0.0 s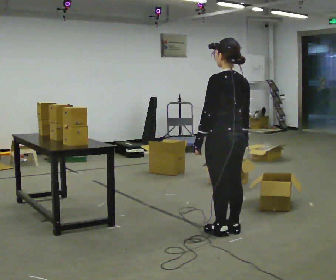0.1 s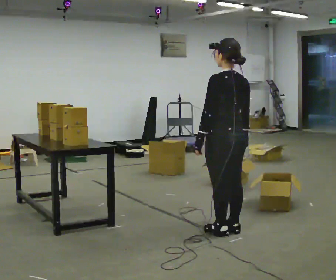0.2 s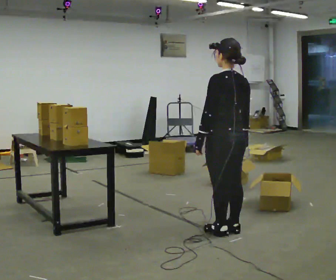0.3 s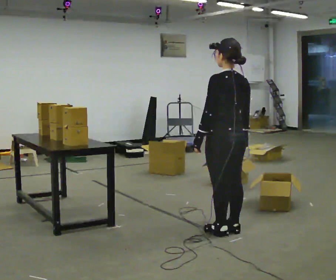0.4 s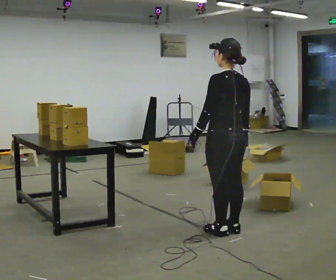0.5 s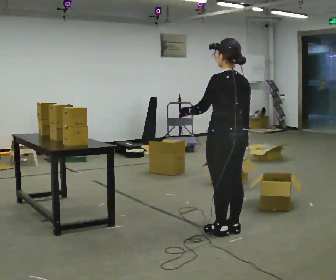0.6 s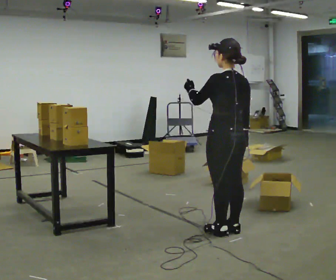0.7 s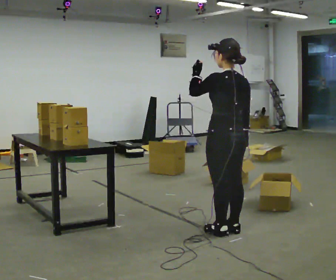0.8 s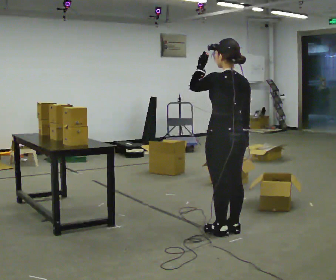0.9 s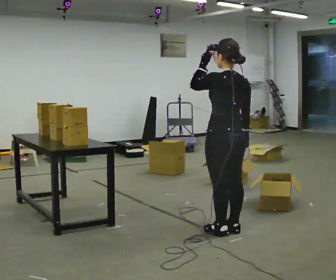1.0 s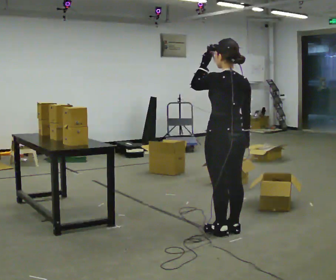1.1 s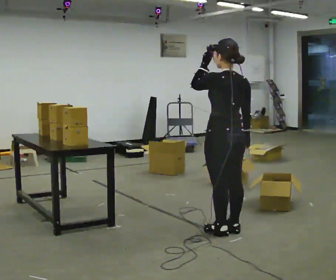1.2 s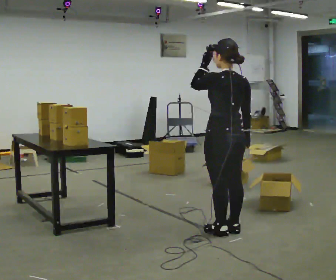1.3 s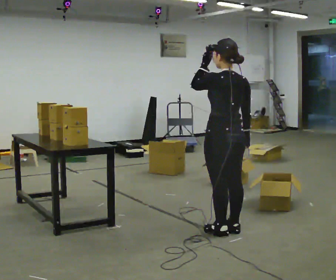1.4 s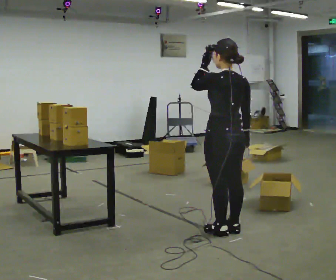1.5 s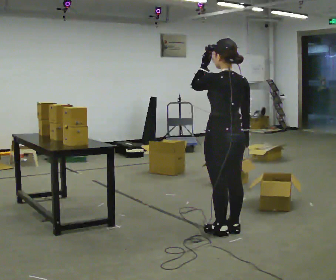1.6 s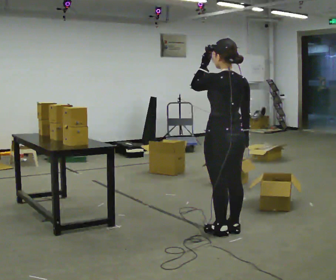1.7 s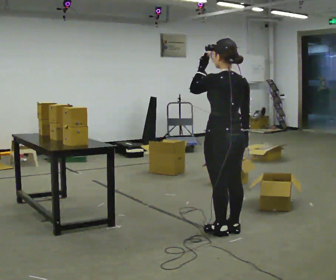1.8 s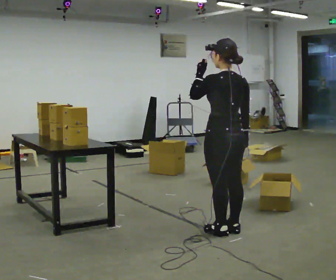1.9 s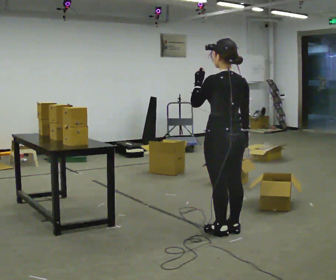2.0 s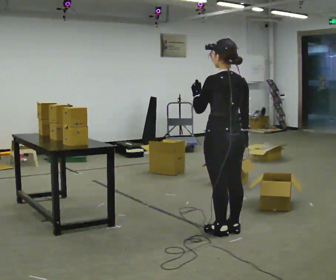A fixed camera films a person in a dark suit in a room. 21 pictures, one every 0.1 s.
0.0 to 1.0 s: In the picture their left hand goes upward.
1.0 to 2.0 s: The person moves a little, or ends about where they began.
The film runs forward here.
